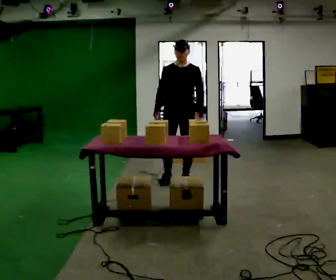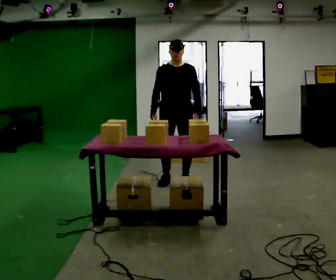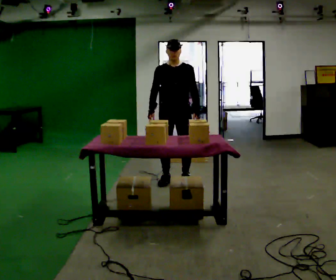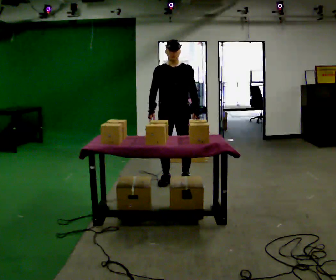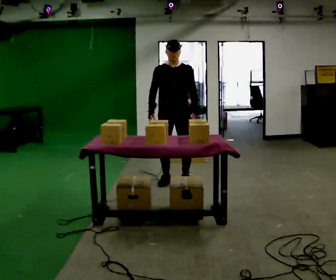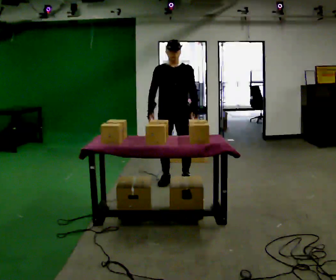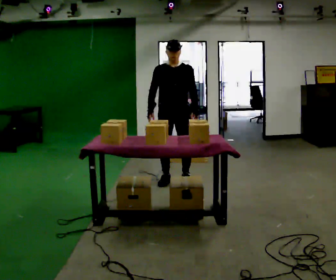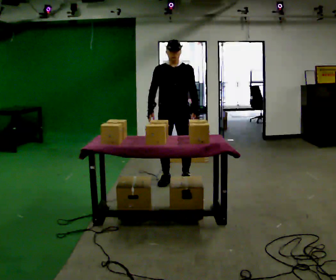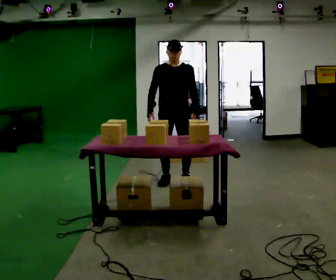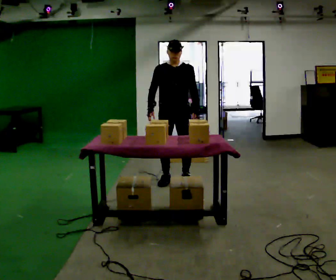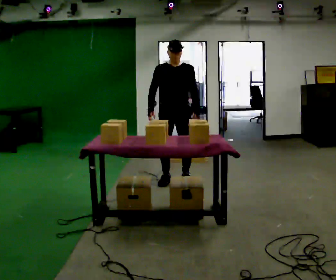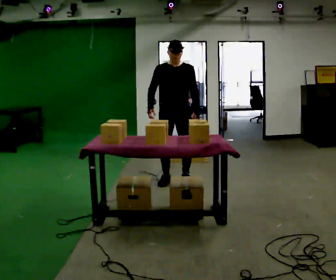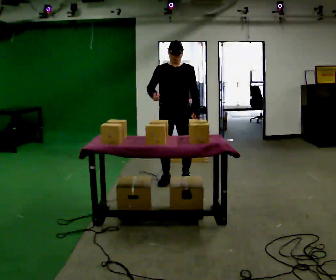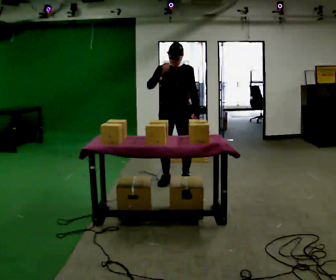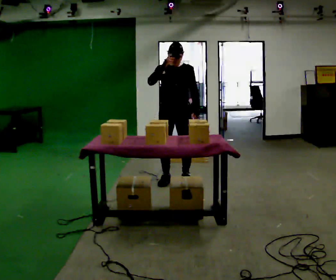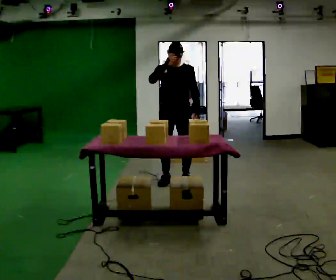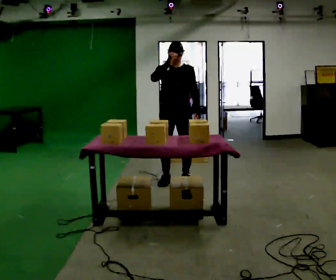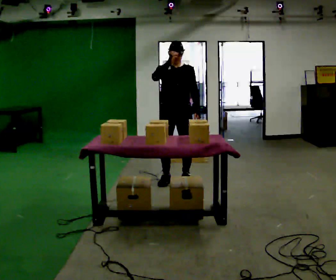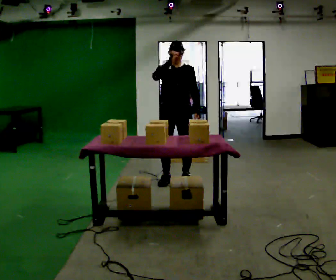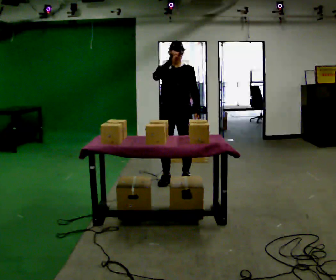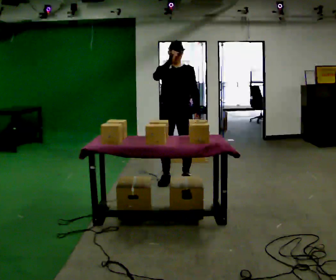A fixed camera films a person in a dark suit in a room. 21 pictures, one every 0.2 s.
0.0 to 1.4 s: The person moves a little, or ends about where they began.
1.4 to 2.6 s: In the picture their right hand goes upward.
2.6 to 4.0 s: The person moves a little, or ends about where they began.
The film runs forward here.
